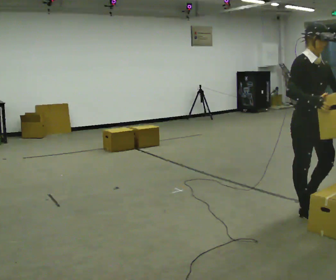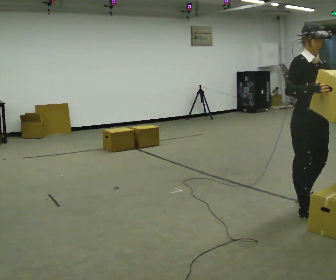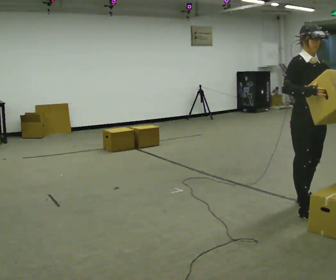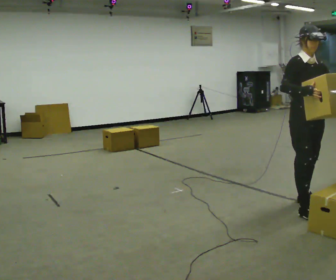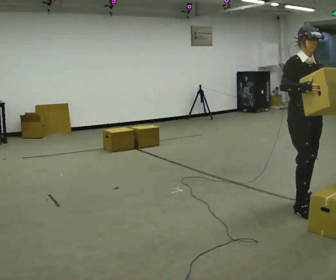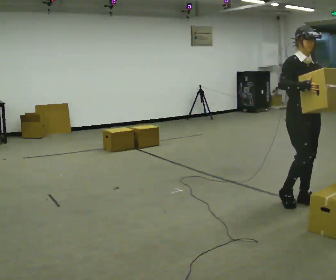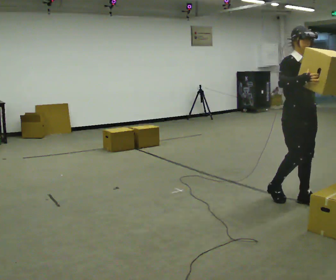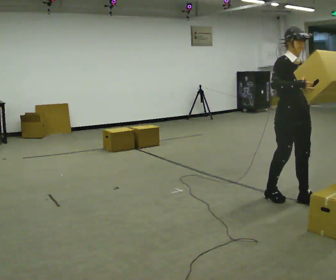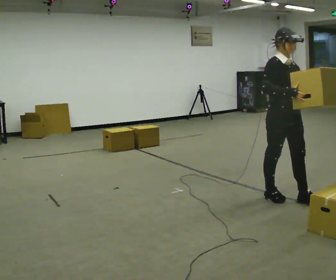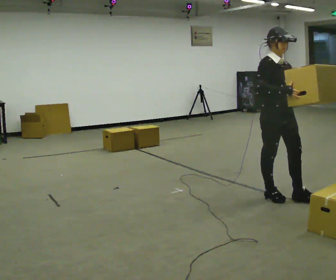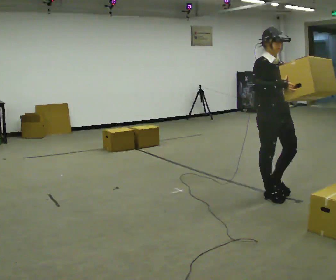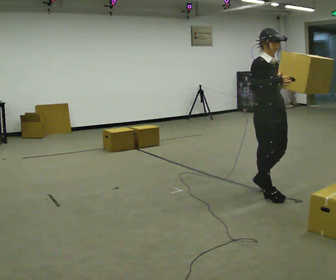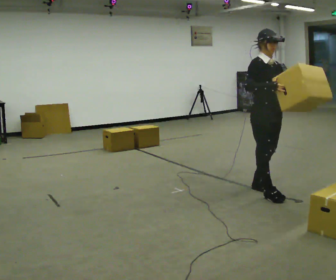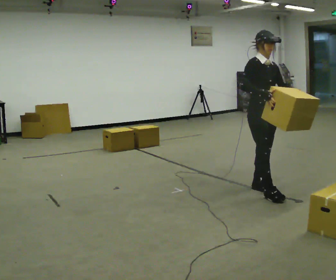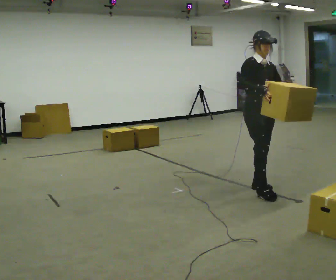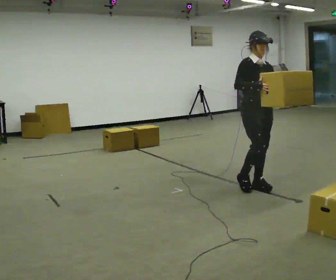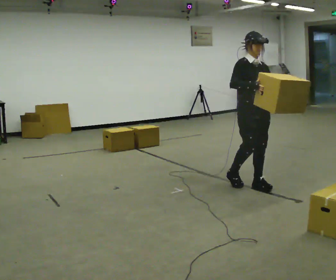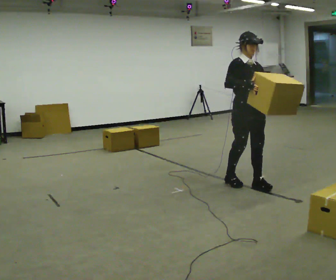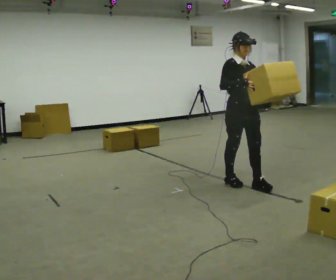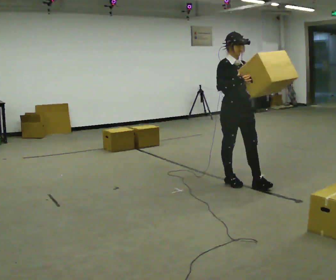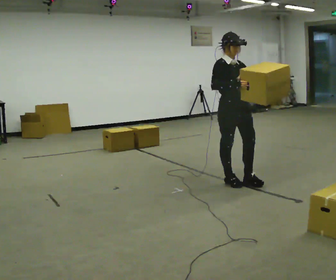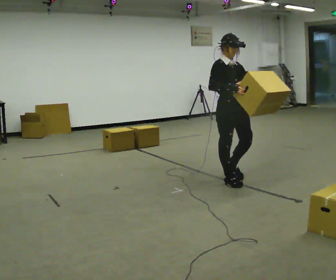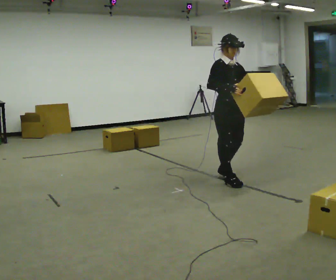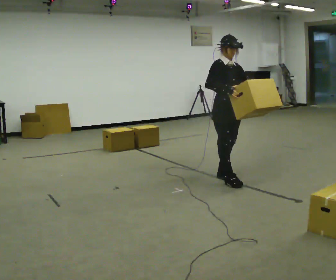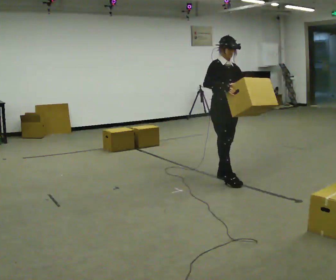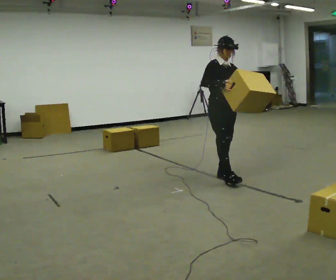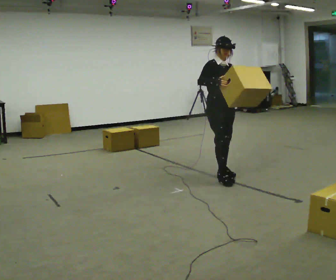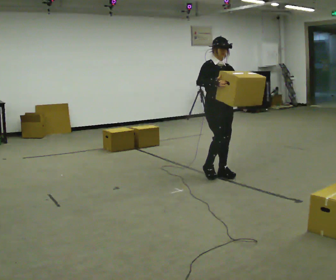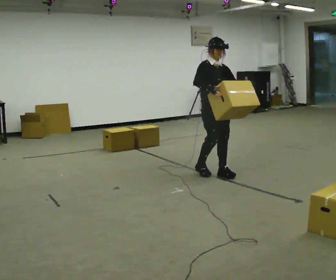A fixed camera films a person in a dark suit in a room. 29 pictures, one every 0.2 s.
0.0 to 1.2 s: In the picture they go away from the camera, about 0.25 m in 1 step, which for them is backward.
1.2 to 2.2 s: In the picture they go to the left and away from the camera, about 0.25 m in 1 step, which for them is backward.
2.2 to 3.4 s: In the picture they go away from the camera and to the left, about 0.25 m in 1 step, which for them is backward.
3.4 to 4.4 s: In the picture they go to the left, about 0.25 m in 1 step, which for them is backward.
4.4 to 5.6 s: In the picture they go away from the camera and to the left, about 0.25 m in 1 step, which for them is backward.
The film runs backward here.
